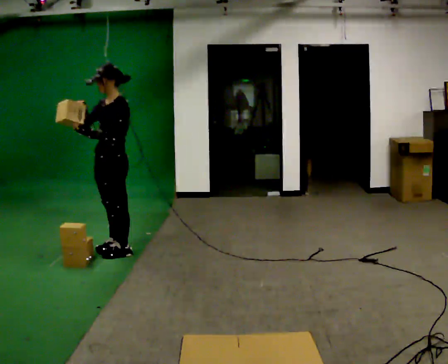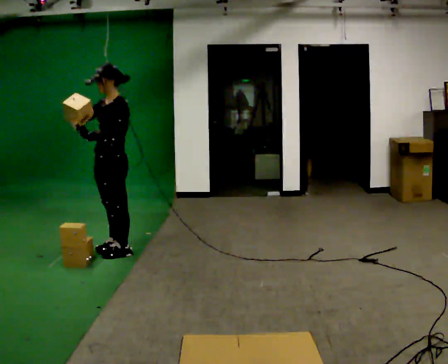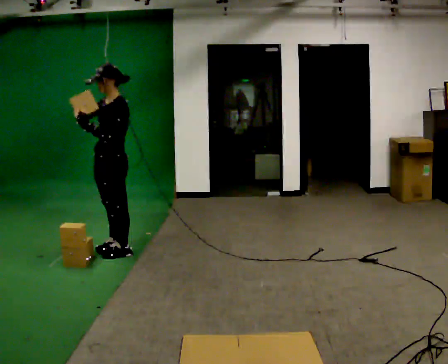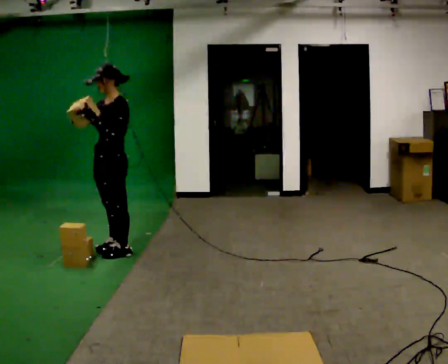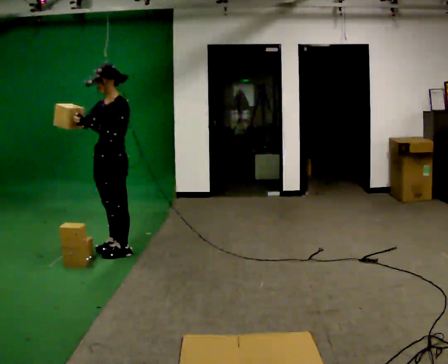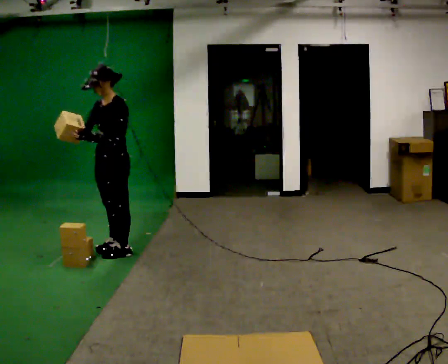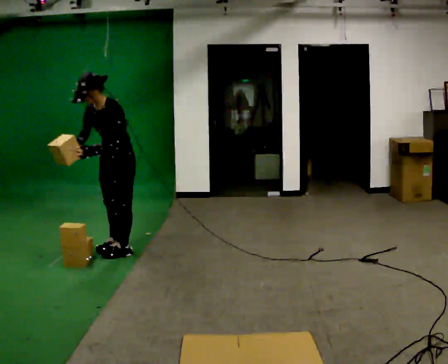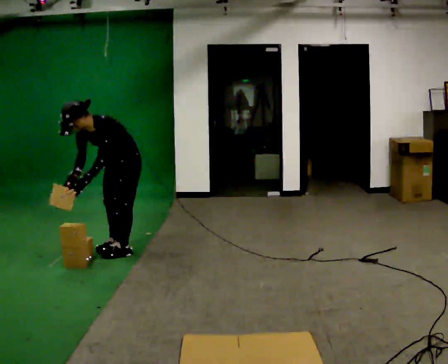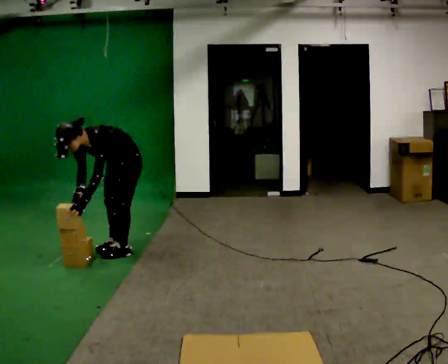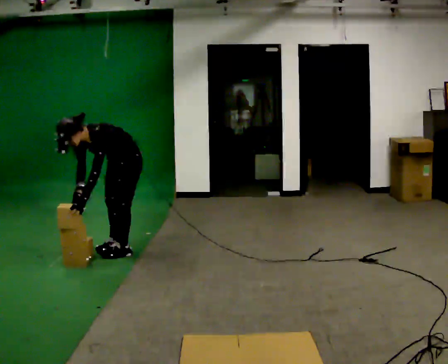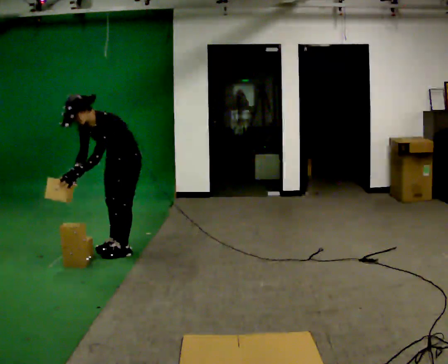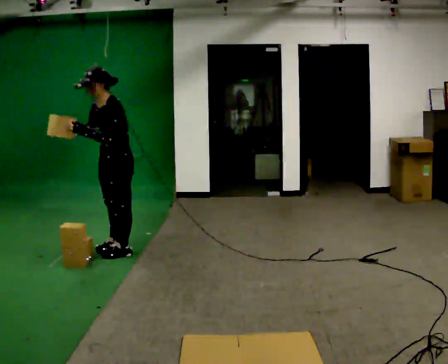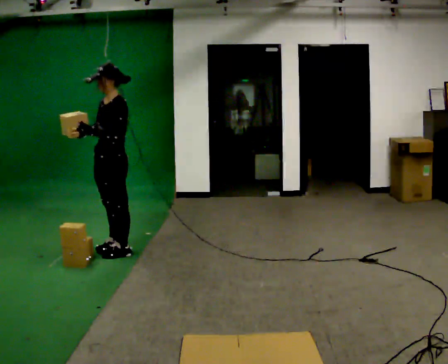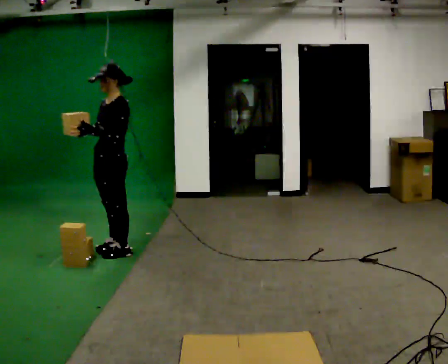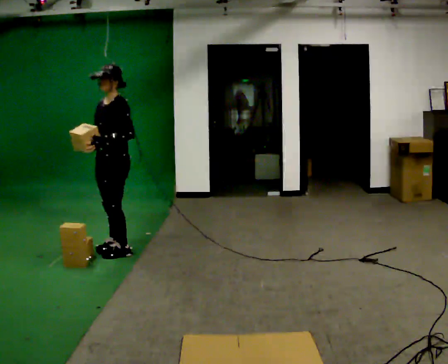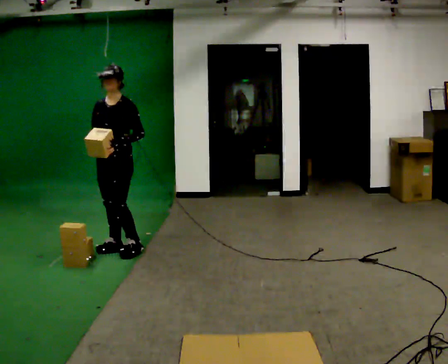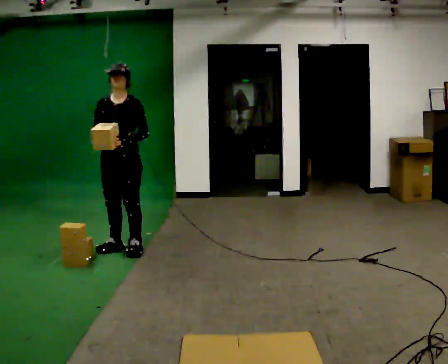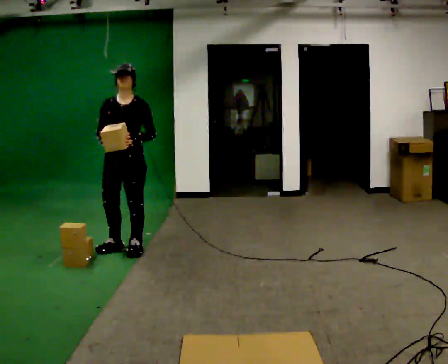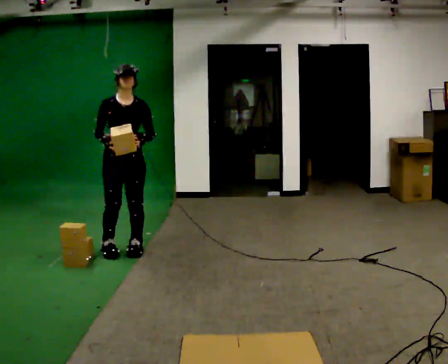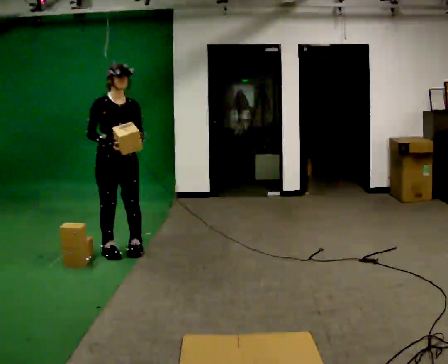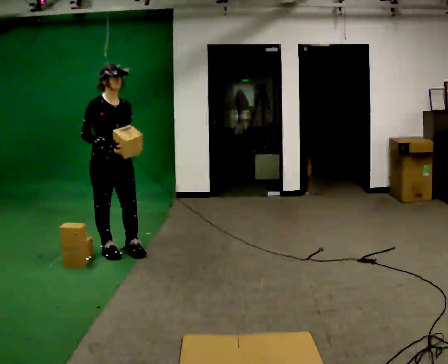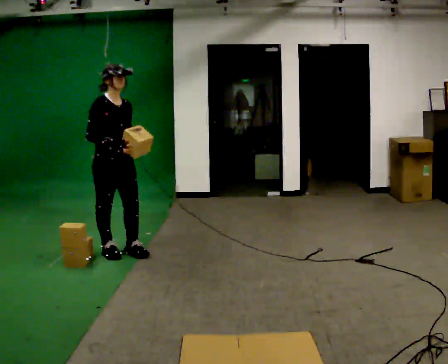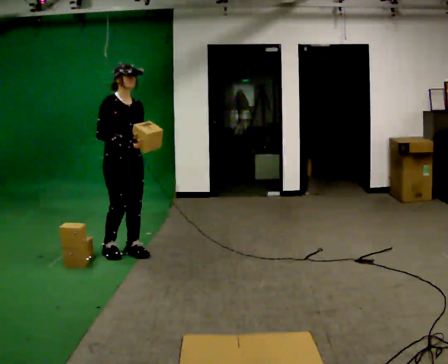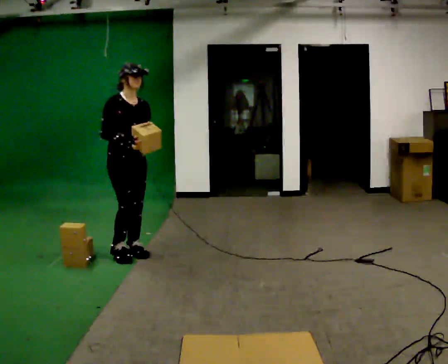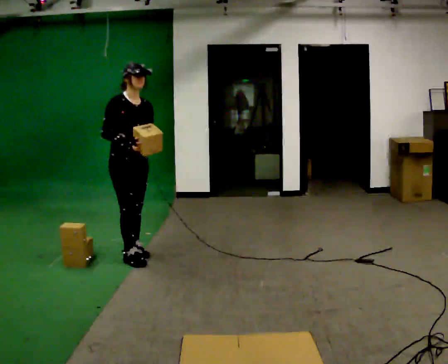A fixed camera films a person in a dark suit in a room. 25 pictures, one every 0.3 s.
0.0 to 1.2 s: The person moves a little, or ends about where they began.
1.2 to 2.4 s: The upper body goes downward. In the picture the upper body tilts counterclockwise, shoulders to the left, as they bend forward. In the picture their right hand goes downward, the arm swinging counterclockwise.
2.4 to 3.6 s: The upper body goes upward. In the picture the upper body tilts clockwise, shoulders to the right, as they lean back or straighten. In the picture their right hand goes upward.
3.6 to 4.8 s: The person turns about 45 degrees to their left, counterclockwise seen from above, so the part of the body nearest the lens slides to the right.
4.8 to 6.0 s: Seen from above the body turns counterclockwise, about 60 degrees: to their left, with its near side sliding to the right.
6.0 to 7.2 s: In the picture they go to the right, about 0.25 m in 1 step, which for them is forward.
The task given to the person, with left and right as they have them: Carry the boxes over one at a time and lay them out on the pallet in the pattern the operator shows you. Keep going until the operator says stop; one object at a time, and do not rush between trips.
The film runs forward here.
